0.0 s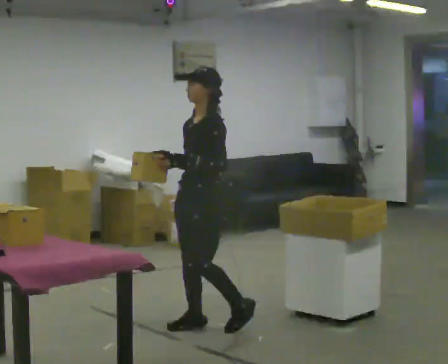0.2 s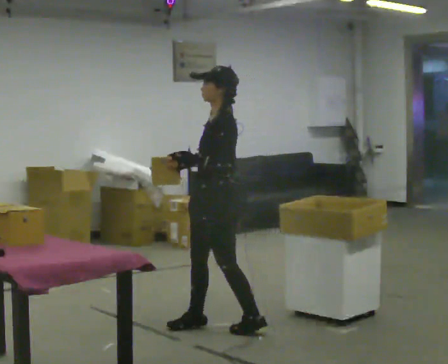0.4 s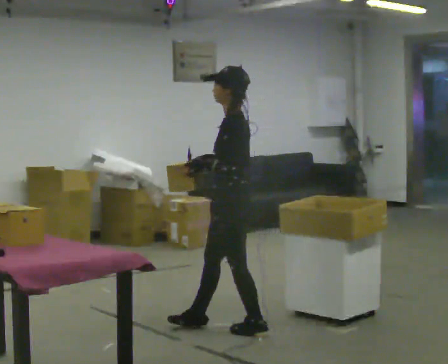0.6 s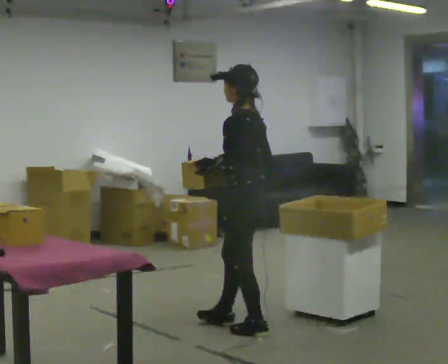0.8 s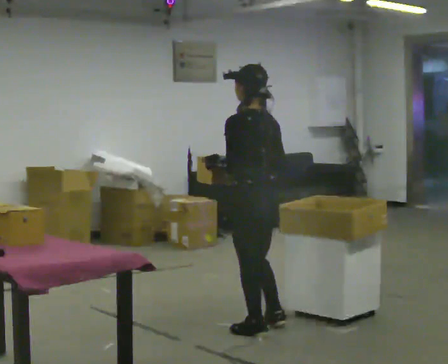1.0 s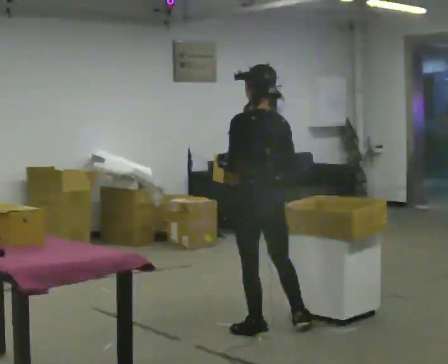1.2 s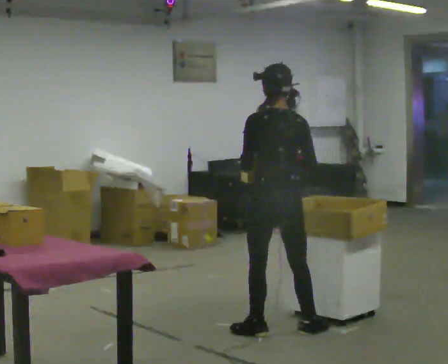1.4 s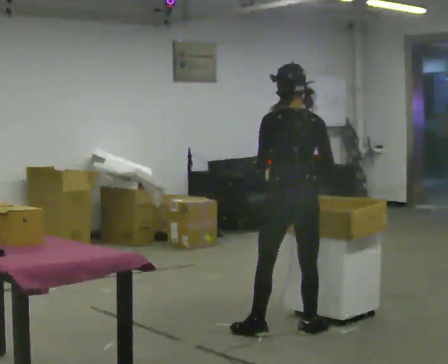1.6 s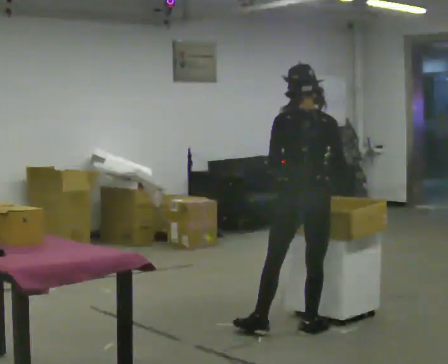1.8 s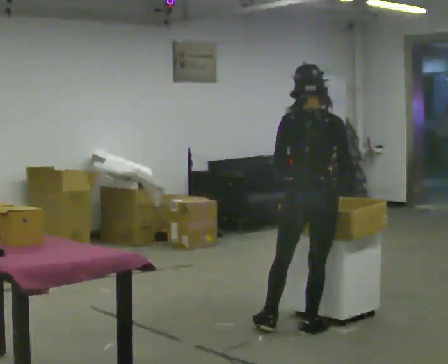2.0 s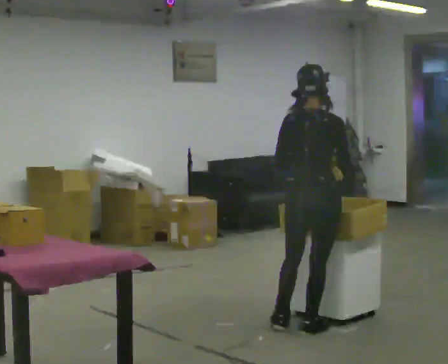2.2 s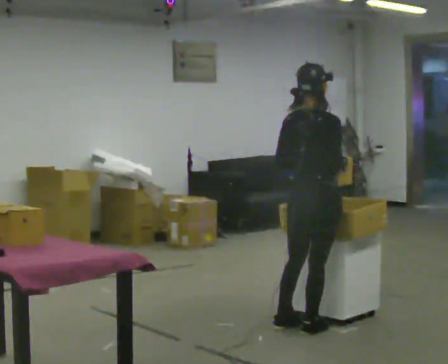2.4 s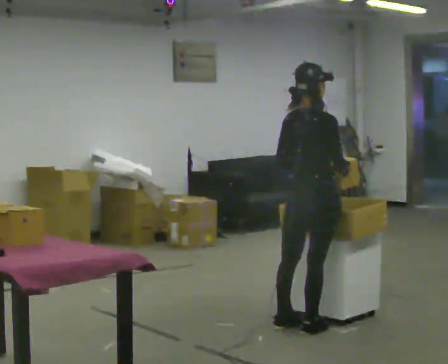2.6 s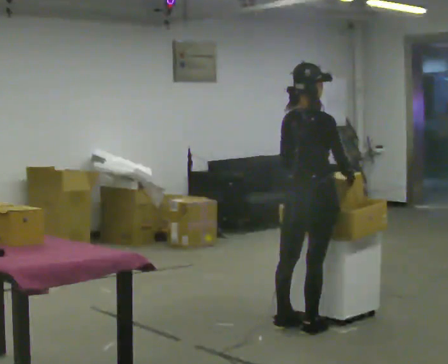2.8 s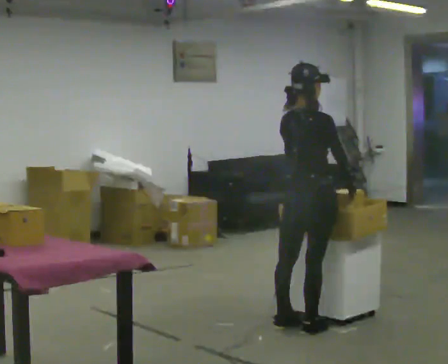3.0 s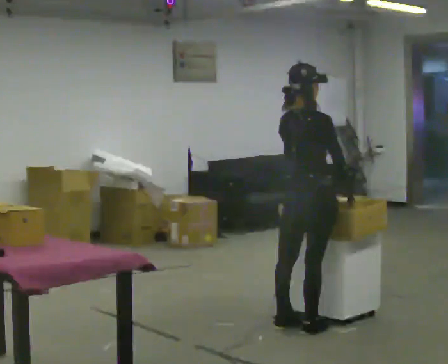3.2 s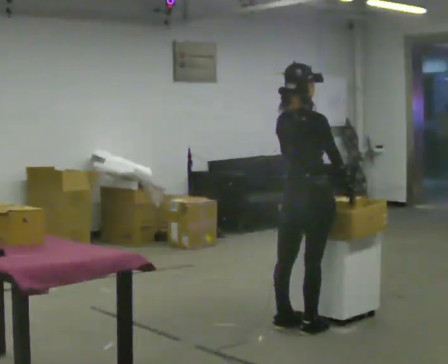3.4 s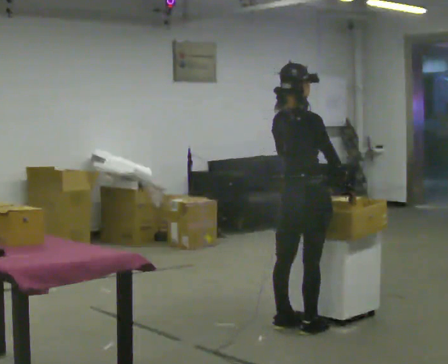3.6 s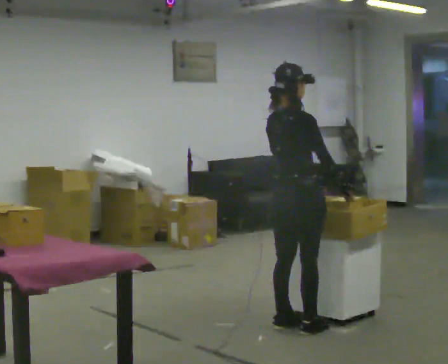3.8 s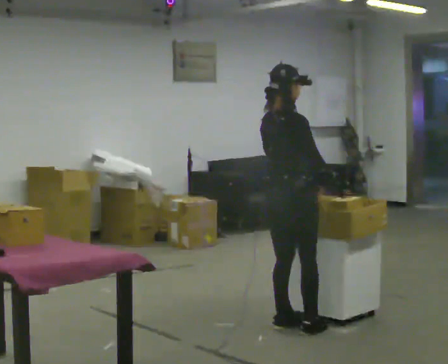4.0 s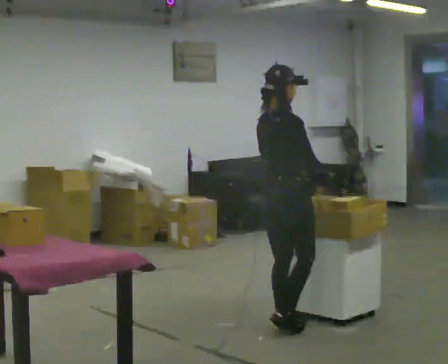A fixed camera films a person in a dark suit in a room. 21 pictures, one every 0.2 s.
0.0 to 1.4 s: The part of the body nearest the lens slides to the left as the person turns to their right by about 120 degrees. In the picture they go to the right, about 0.5 m in 1 step.
1.4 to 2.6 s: The person turns about 60 degrees to their right, clockwise seen from above, so the part of the body nearest the lens slides to the left. In the picture their left hand goes to the right.
2.6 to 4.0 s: In the picture they go to the left, about 0.25 m in 1 step, which for them is to their left.
The film runs backward here.
